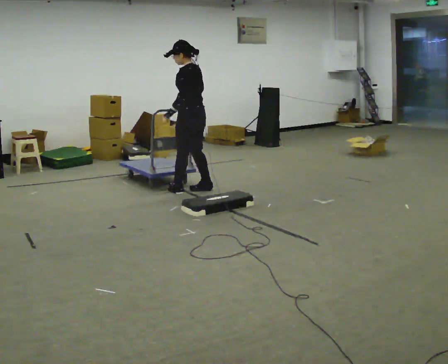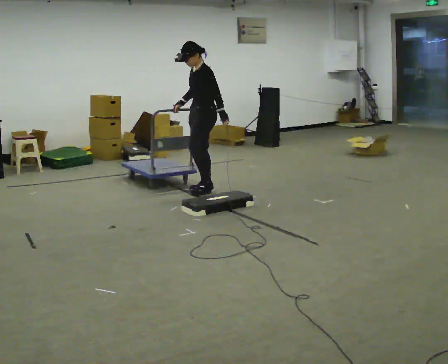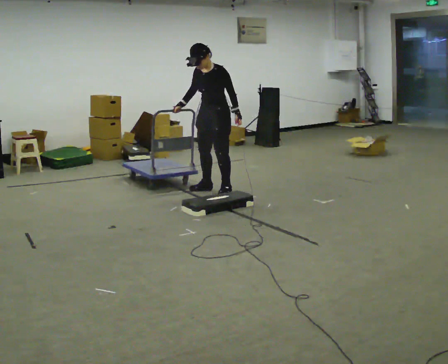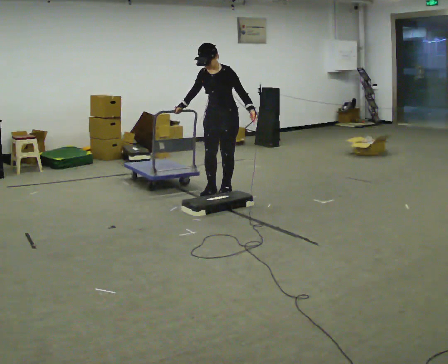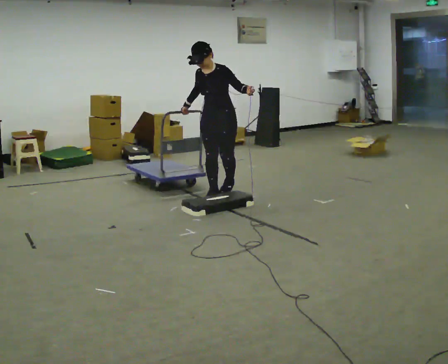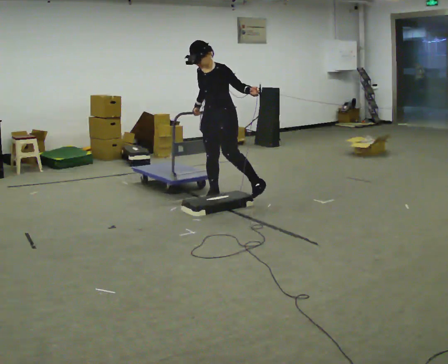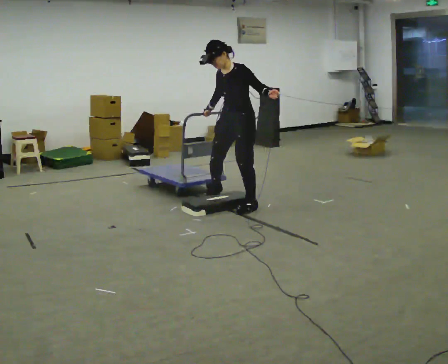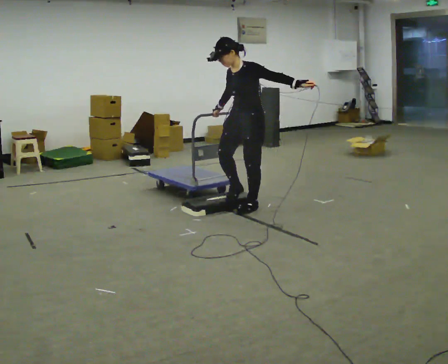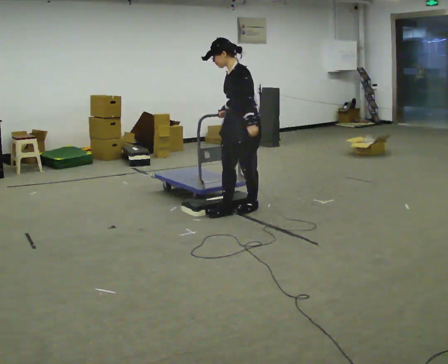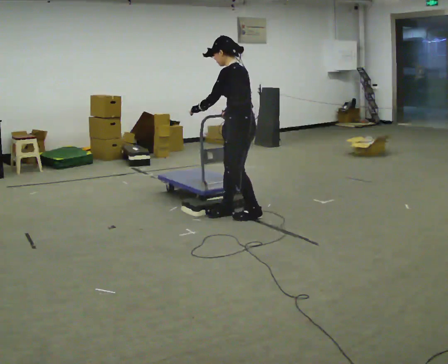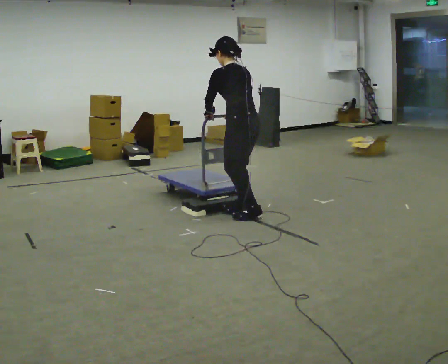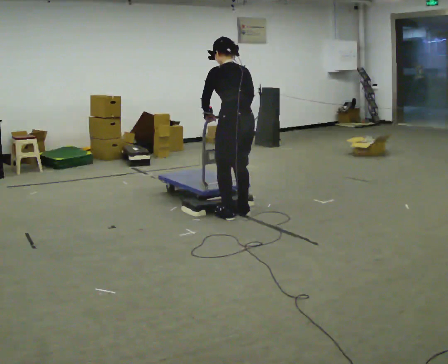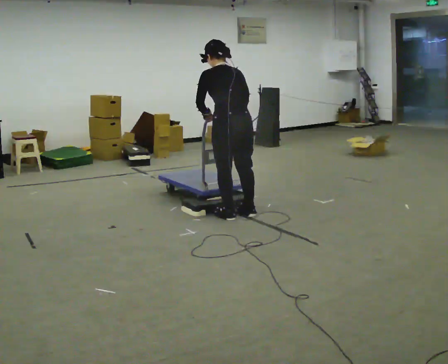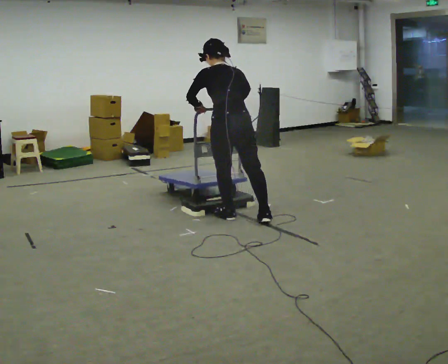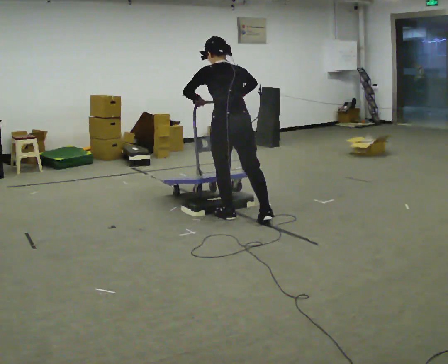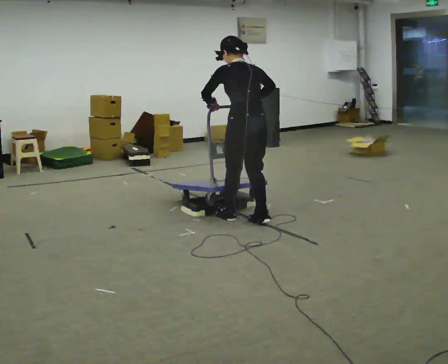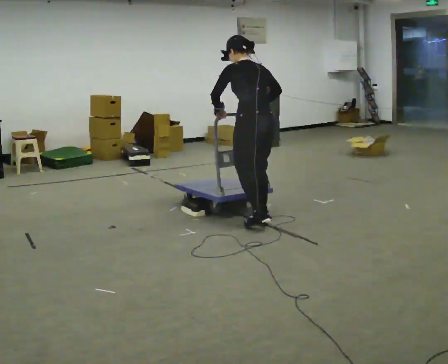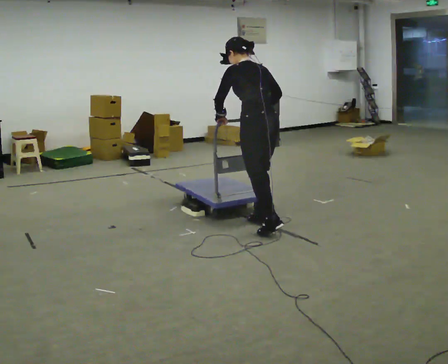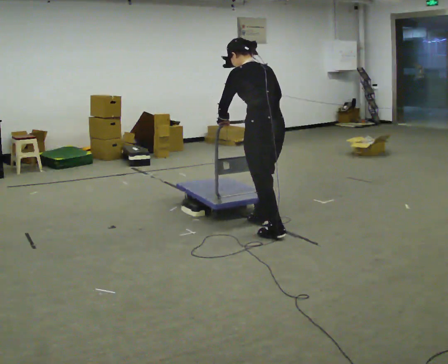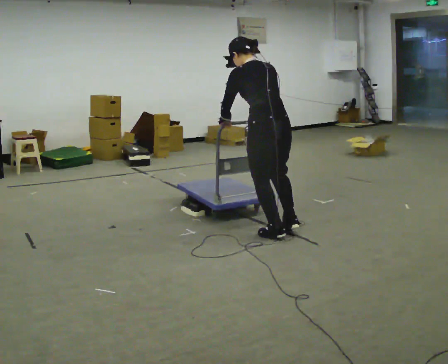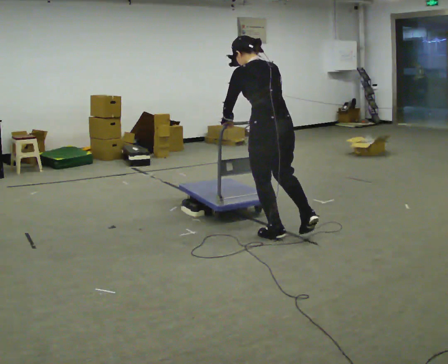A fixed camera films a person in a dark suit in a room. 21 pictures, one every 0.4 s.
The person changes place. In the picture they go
toward the camera.
0.0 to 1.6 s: The person turns about 90 degrees to their left, counterclockwise seen from above, so the part of the body nearest the lens slides to the right. In the picture they go to the right and toward the camera, about 0.25 m in 2 steps.
1.6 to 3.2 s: The person turns about 30 degrees to their right, clockwise seen from above, so the part of the body nearest the lens slides to the left. In the picture they go toward the camera and to the right, about 0.5 m in 2 steps, which for them is to their left and forward.
3.2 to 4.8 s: The person turns about 105 degrees to their right, clockwise seen from above, so the part of the body nearest the lens slides to the left. In the picture they go toward the camera, about 0.25 m in 2 steps. The upper body tips away from the camera, its near side rolling upward, as they bend forward.
4.8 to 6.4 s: In the picture they go to the right, about 0.25 m in 1 step, which for them is backward and to their right.
6.4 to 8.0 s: In the picture they go toward the camera, about 0.5 m in 2 steps, which for them is backward.
The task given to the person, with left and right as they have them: Push the cart up over the low platform edge and down the other side, then bring it back over.
The film runs forward here.
